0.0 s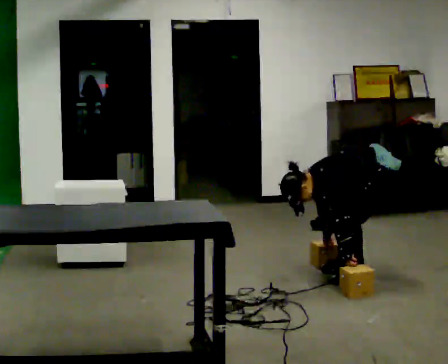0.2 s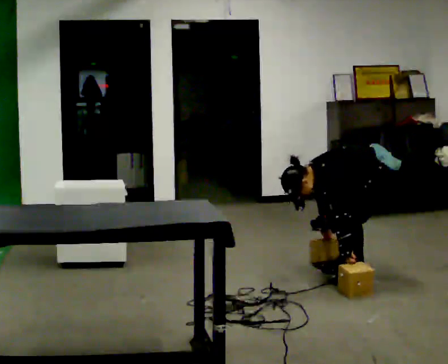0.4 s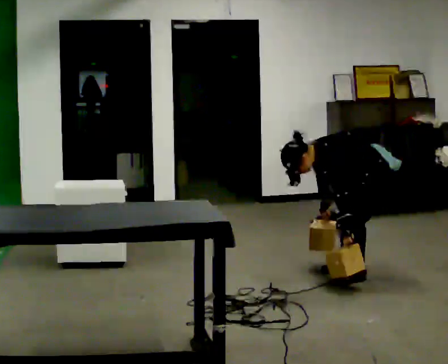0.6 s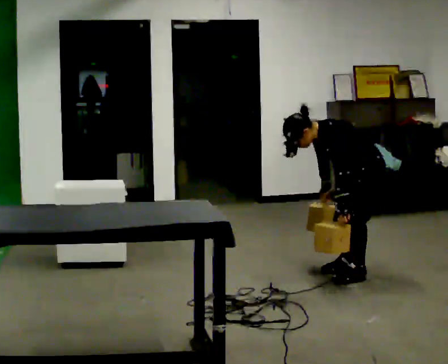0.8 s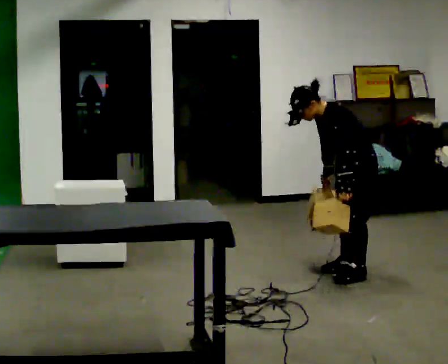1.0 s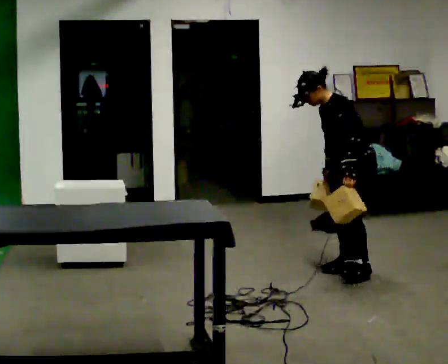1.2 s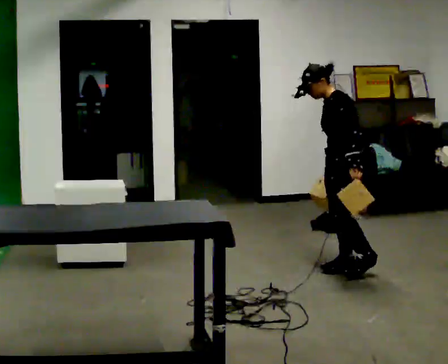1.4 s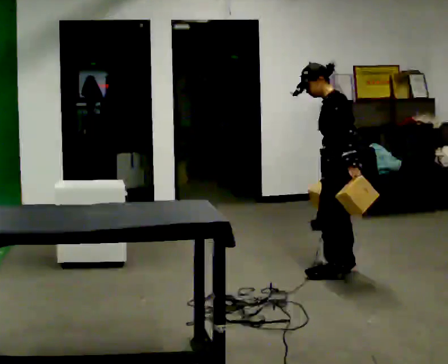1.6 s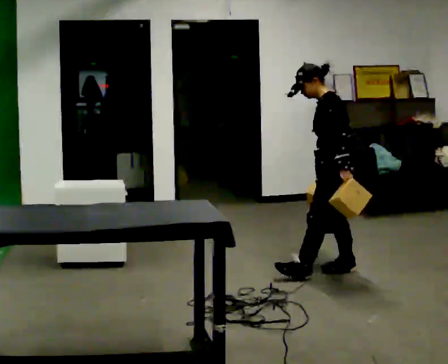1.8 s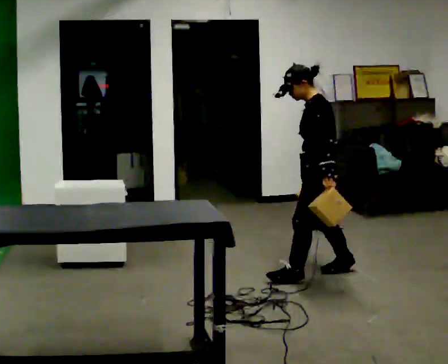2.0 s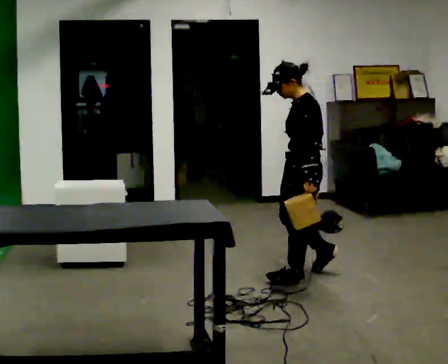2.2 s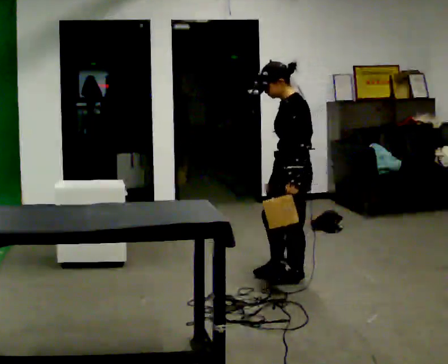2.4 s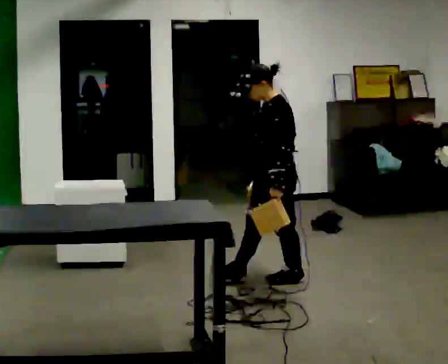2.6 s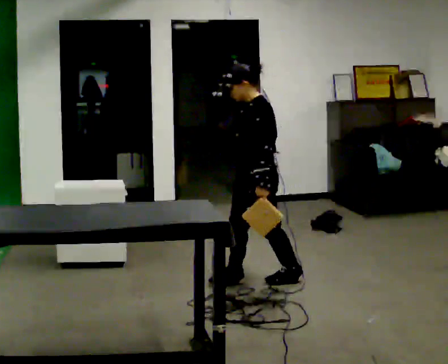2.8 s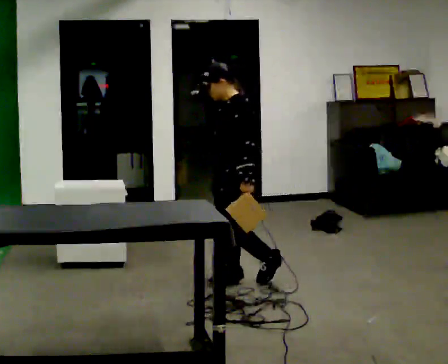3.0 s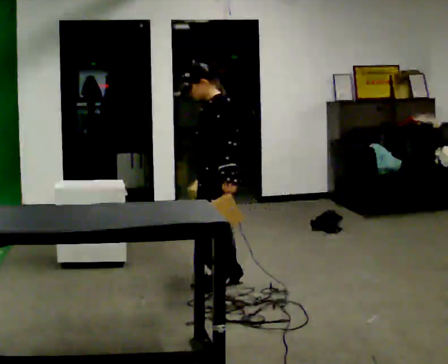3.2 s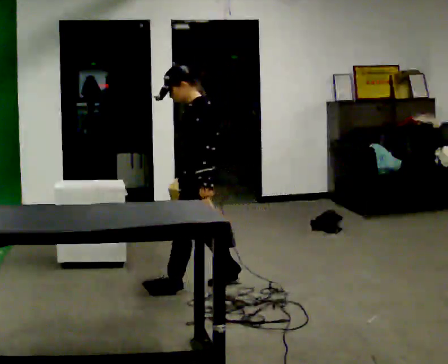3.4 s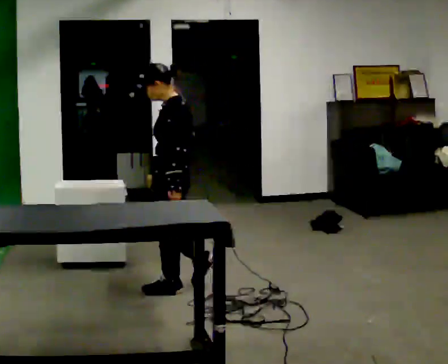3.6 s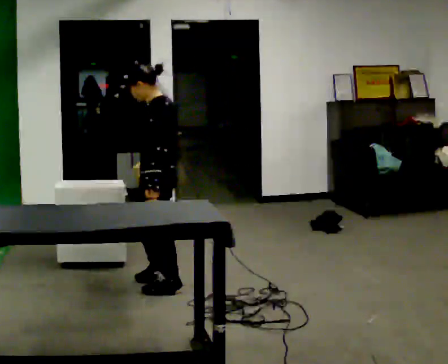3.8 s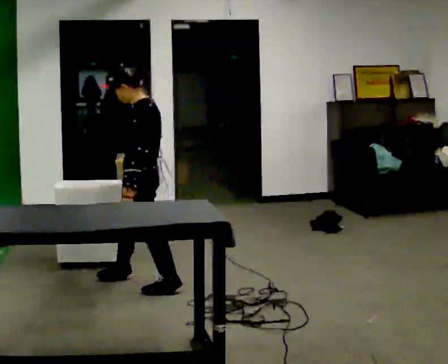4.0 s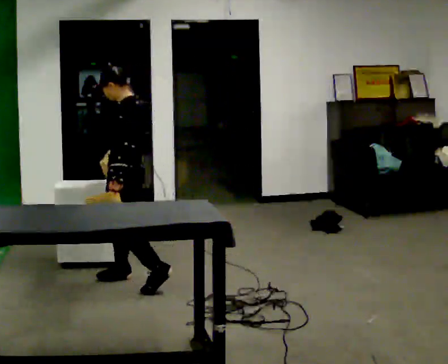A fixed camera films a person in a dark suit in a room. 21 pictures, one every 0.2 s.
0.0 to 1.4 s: In the picture they go to the left, about 0.25 m, which for them is forward. The upper body goes upward. In the picture the upper body tilts clockwise, shoulders to the right, as they lean back or straighten. In the picture their left hand goes upward.
1.4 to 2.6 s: In the picture they go to the left and toward the camera, about 0.5 m in 2 steps, which for them is forward.
2.6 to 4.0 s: In the picture they go to the left, about 1 m in 2 steps, which for them is forward.
The film runs forward here.
